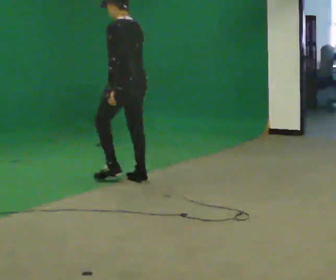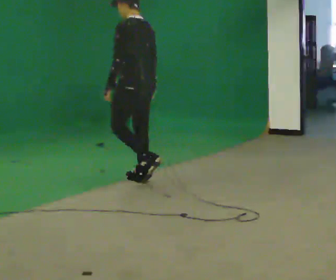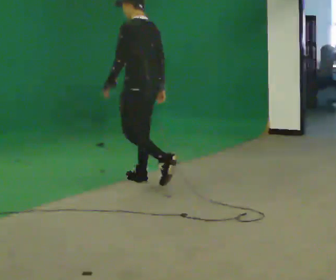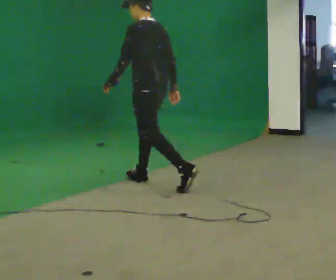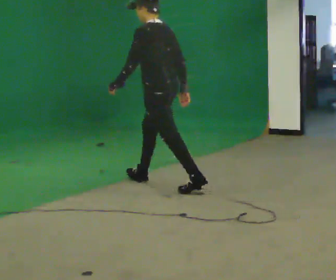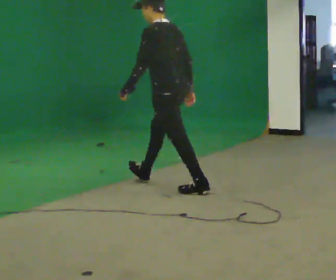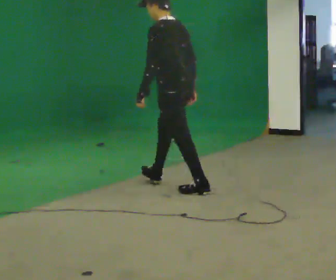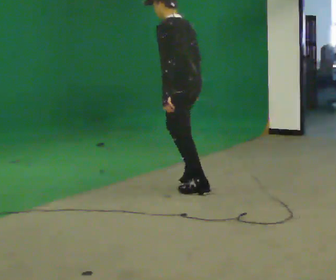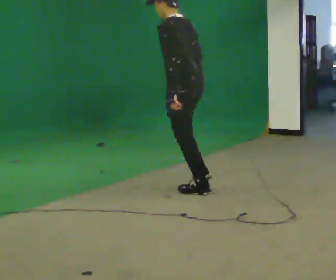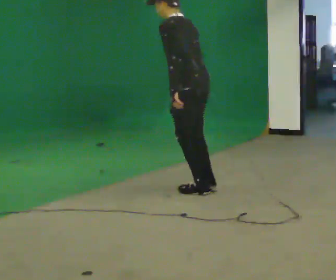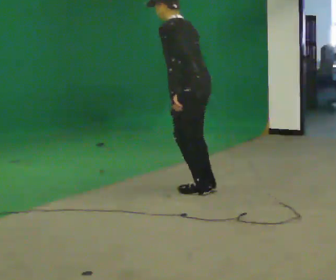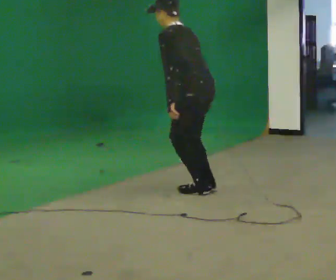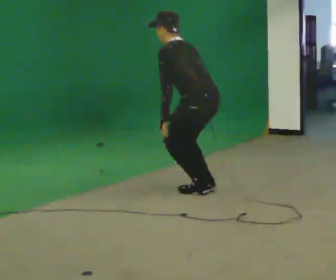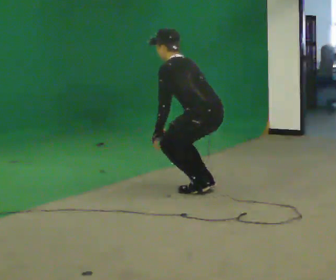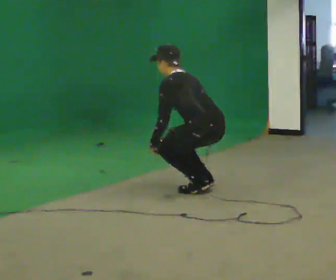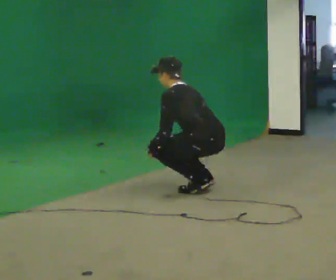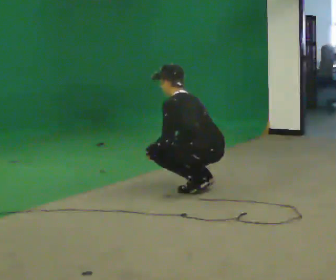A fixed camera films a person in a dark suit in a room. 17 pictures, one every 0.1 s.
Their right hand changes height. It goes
downward.
The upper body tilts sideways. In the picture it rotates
counterclockwise.
0.0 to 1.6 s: In the picture they go to the right and toward the camera, about 1 m in 1 step, which for them is backward. The shoulders move downward. In the picture the upper body tilts counterclockwise, shoulders to the left, as they bend forward. In the picture their left hand goes downward.
The film runs backward here.
